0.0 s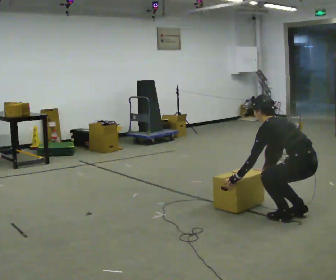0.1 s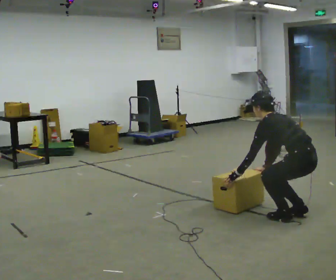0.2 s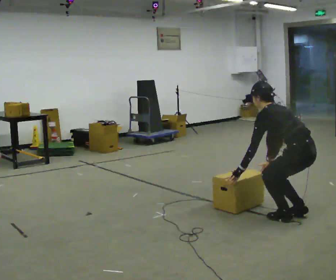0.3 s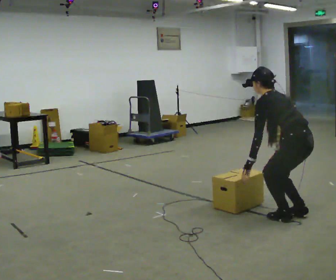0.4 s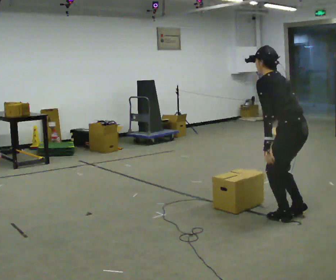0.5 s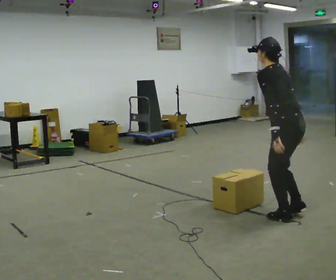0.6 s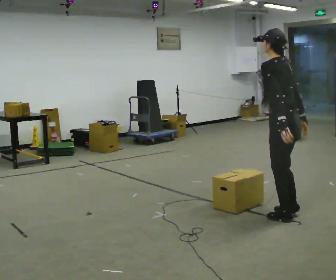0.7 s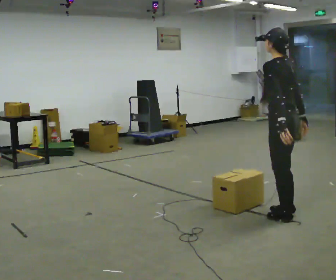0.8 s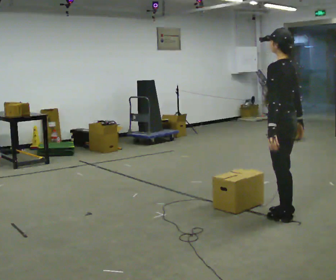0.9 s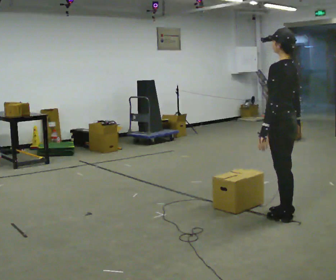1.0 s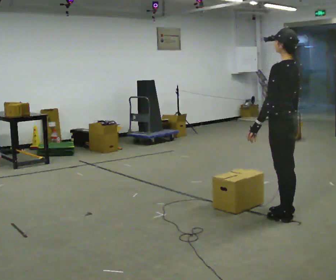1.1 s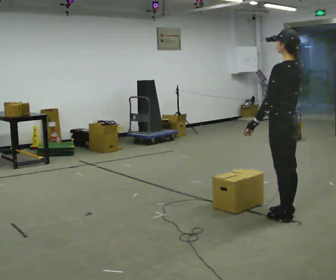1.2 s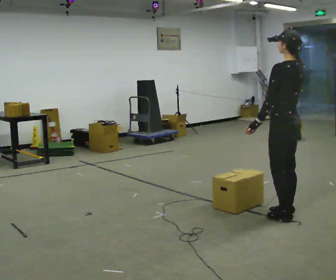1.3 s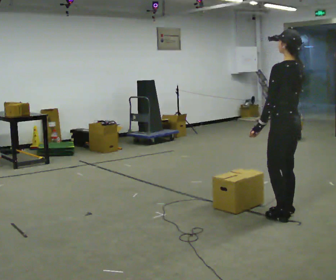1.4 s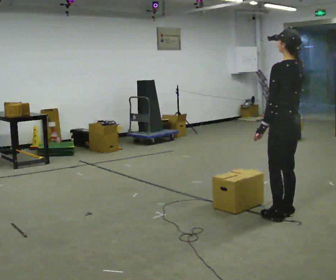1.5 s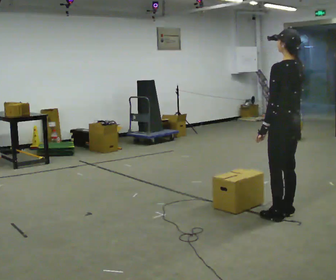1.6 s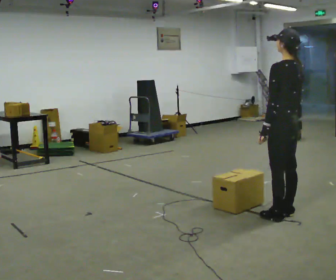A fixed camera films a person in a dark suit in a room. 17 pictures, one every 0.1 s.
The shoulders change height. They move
upward.
Their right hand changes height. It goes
upward.
0.0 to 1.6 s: In the picture they go to the left, about 0.25 m, which for them is forward. The shoulders move upward. In the picture the upper body tilts clockwise, shoulders to the right, as they lean back or straighten. In the picture their right hand goes upward.
The film runs forward here.
